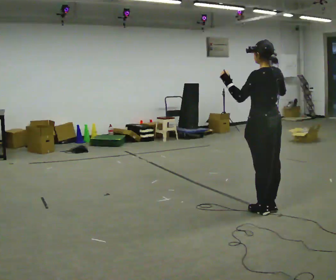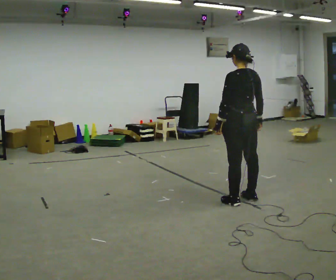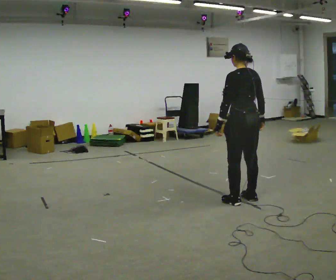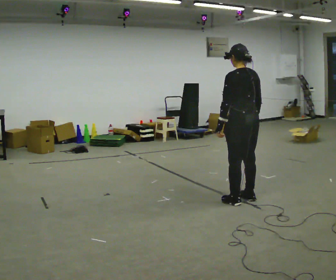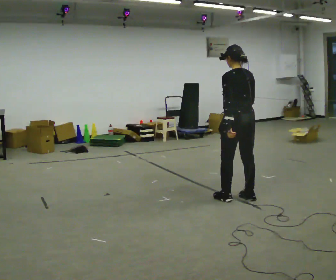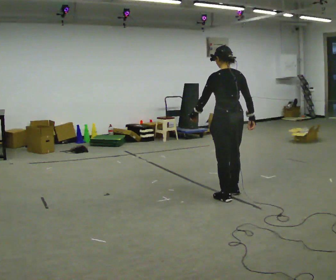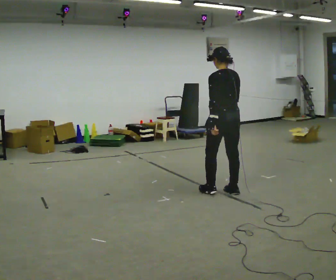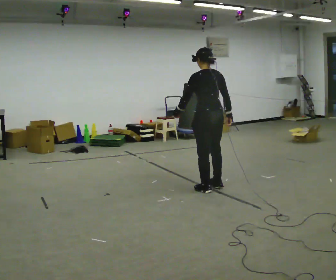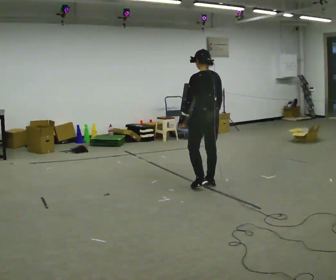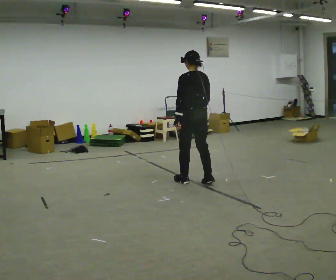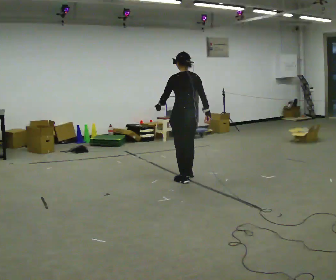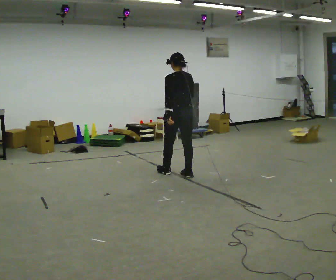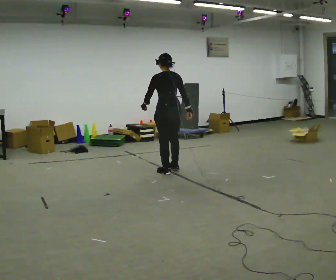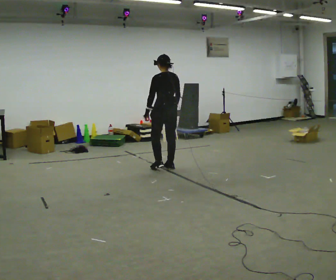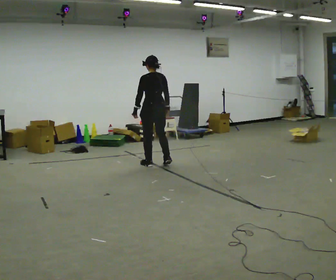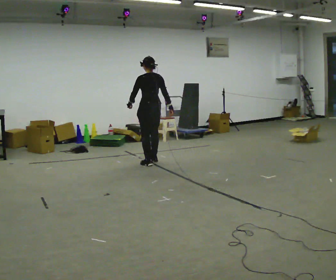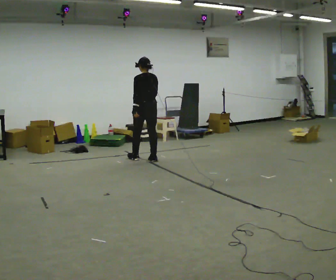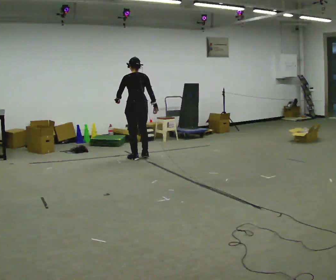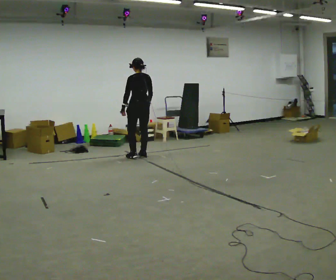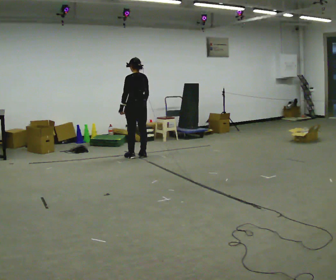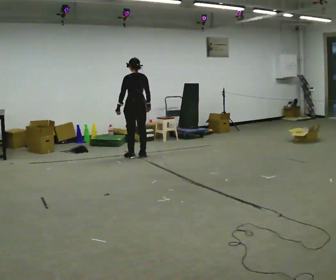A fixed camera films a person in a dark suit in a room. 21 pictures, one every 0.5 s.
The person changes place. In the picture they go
away from the camera.
0.0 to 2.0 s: In the picture they go away from the camera and to the left, about 0.5 m in 1 step, which for them is forward. In the picture their left hand goes downward, the arm swinging counterclockwise.
2.0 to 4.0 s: In the picture they go away from the camera and to the left, about 0.75 m in 3 steps, which for them is forward.
4.0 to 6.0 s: In the picture they go away from the camera and to the left, about 1 m in 3 steps, which for them is forward.
6.0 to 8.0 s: In the picture they go away from the camera and to the left, about 1 m in 4 steps, which for them is forward.
8.0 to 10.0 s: In the picture they go away from the camera and to the left, about 0.25 m in 1 step, which for them is forward.
The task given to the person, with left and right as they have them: Walk forward with your feet closer together than normal, or further apart than normal, as the operator states; stop.
The film runs forward here.
